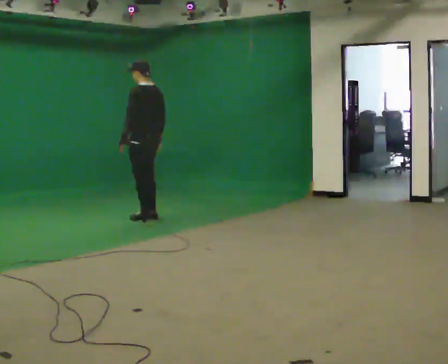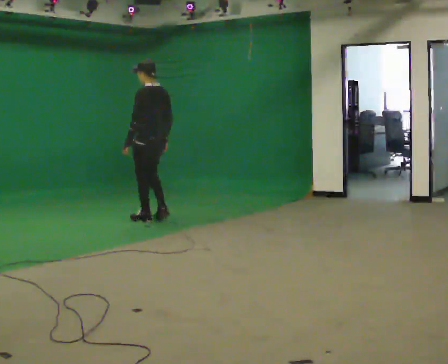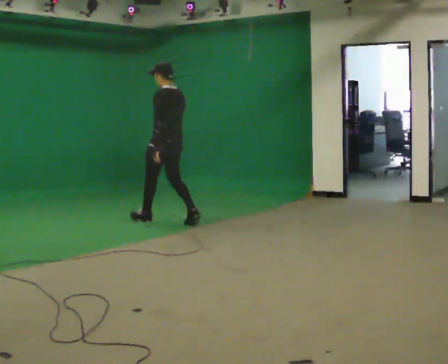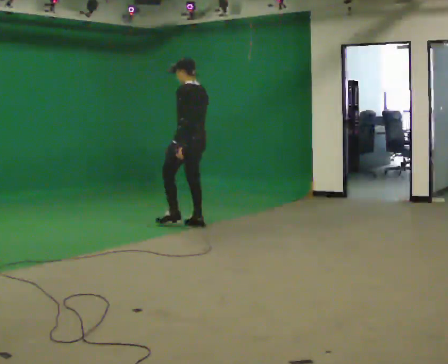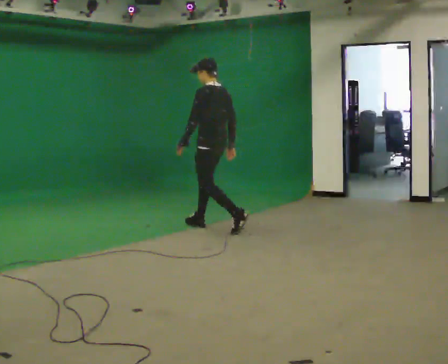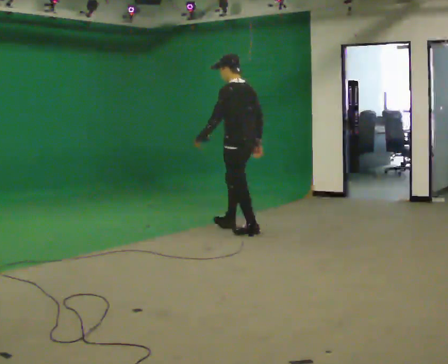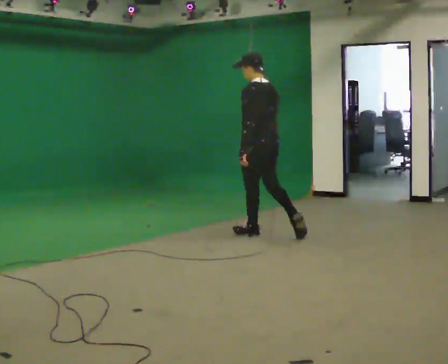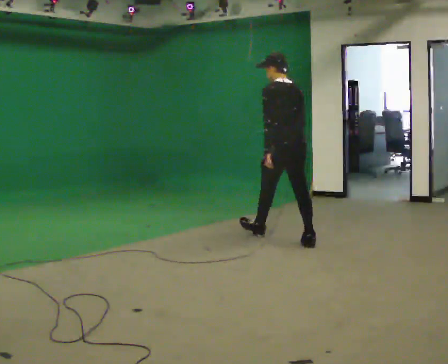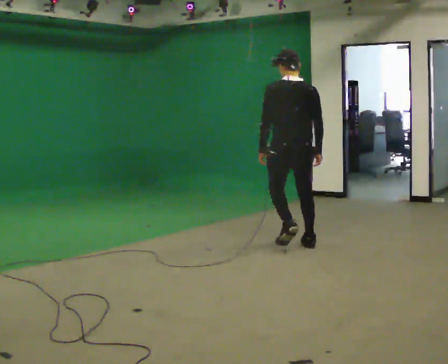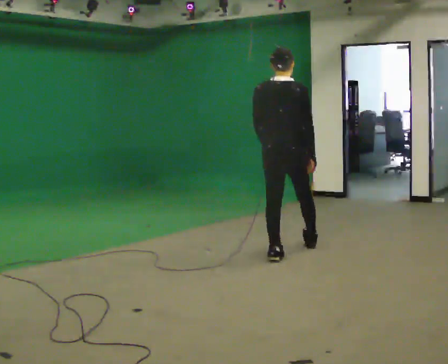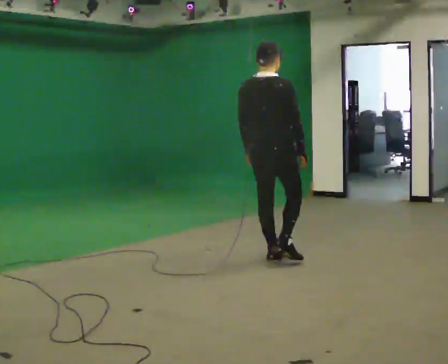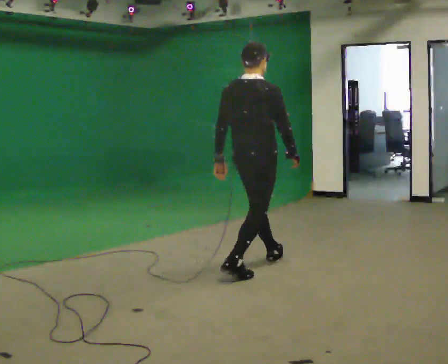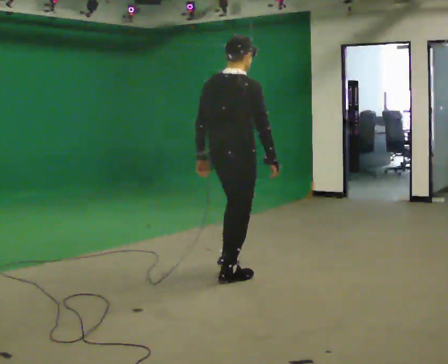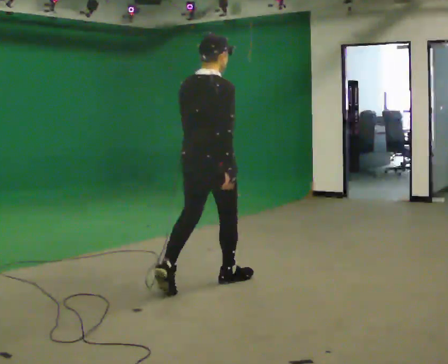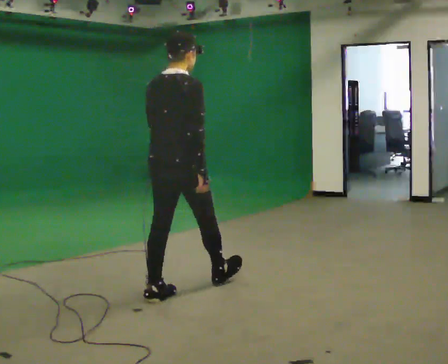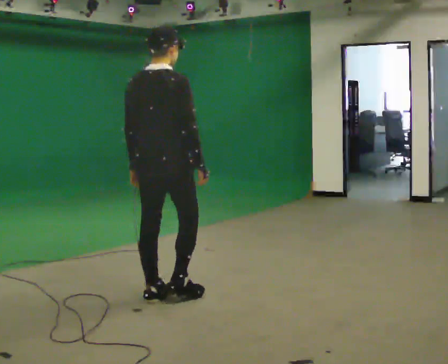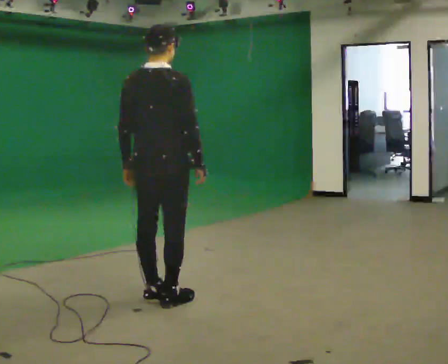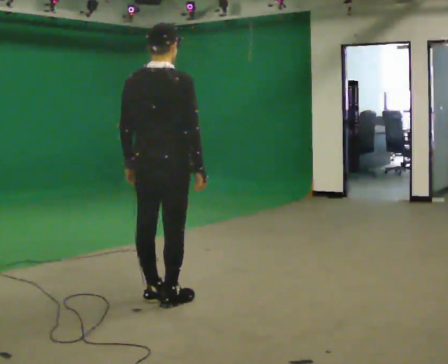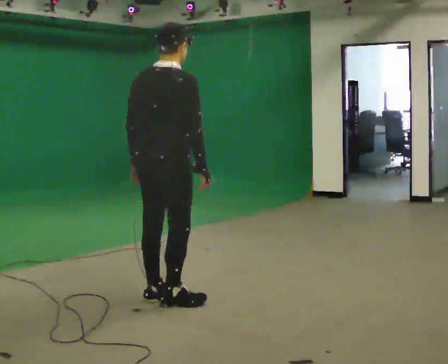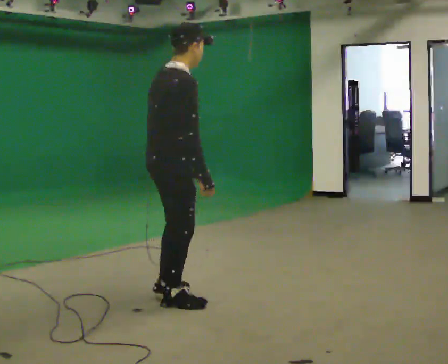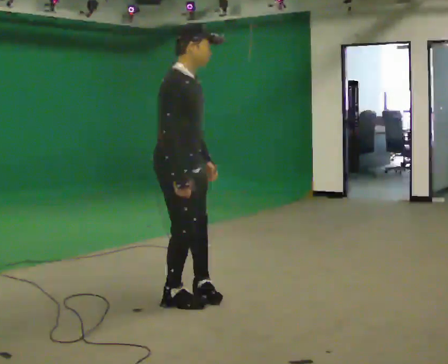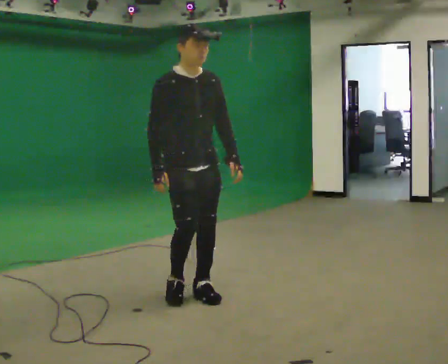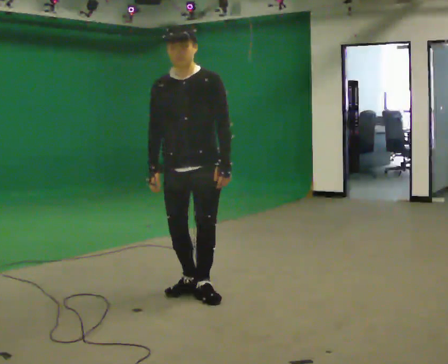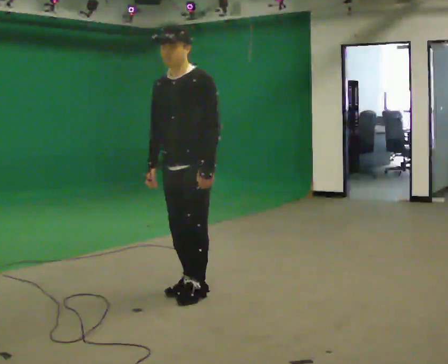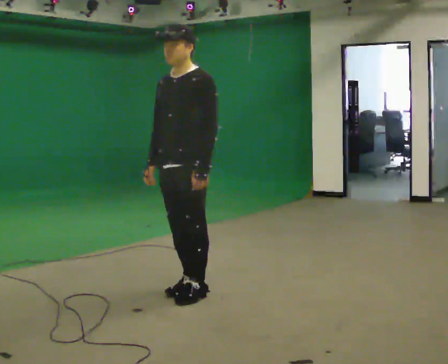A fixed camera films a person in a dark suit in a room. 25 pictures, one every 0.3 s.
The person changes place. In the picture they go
toward the camera.
The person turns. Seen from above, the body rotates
clockwise.
0.0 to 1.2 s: In the picture they go to the right and toward the camera, about 1 m in 2 steps, which for them is backward.
1.2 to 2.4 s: Seen from above the body turns clockwise, about 45 degrees: to their right, with its near side sliding to the left. In the picture they go toward the camera and to the right, about 1 m in 2 steps, which for them is backward.
2.4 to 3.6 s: The part of the body nearest the lens slides to the left as the person turns to their right by about 60 degrees. In the picture they go toward the camera and to the left, about 1 m in 2 steps, which for them is backward.
3.6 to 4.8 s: In the picture they go toward the camera and to the left, about 0.5 m in 1 step, which for them is backward.
4.8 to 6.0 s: The person turns about 75 degrees to their right, clockwise seen from above, so the part of the body nearest the lens slides to the left. In the picture their left hand goes to the right.
6.0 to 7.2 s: The person turns about 120 degrees to their right, clockwise seen from above, so the part of the body nearest the lens slides to the left. In the picture they go away from the camera, about 0.25 m in 1 step.
The film runs backward here.
